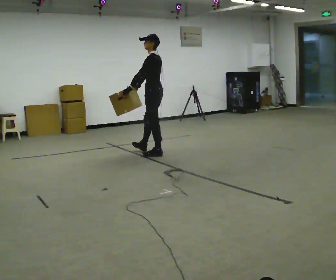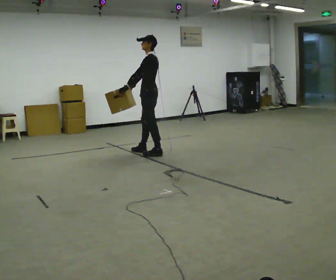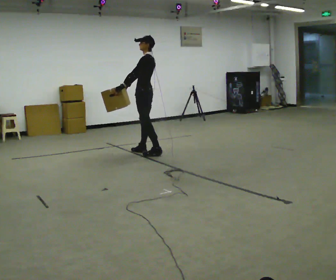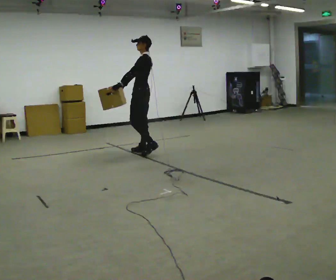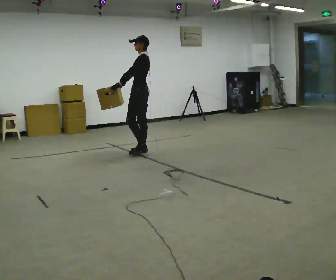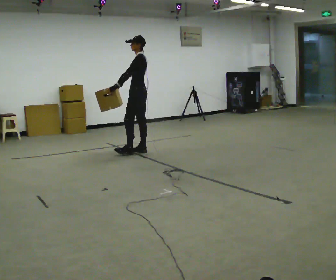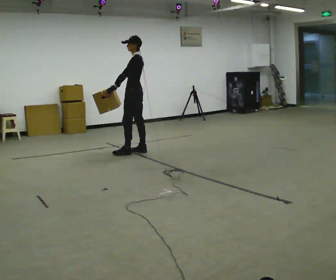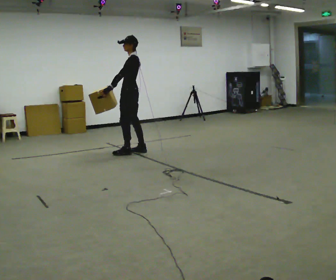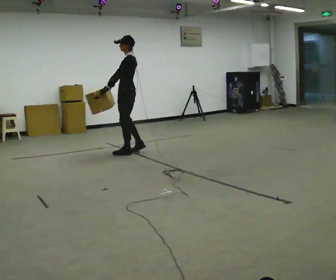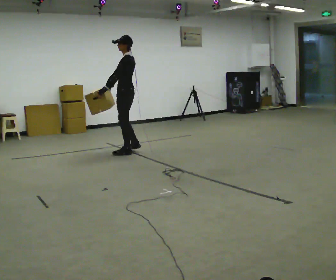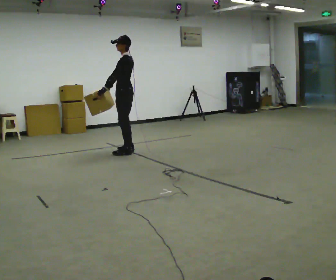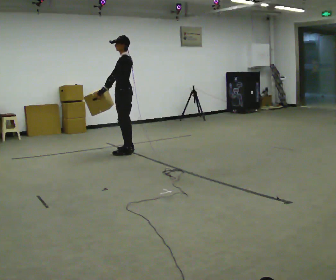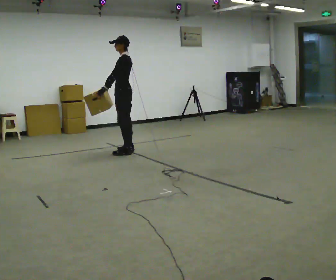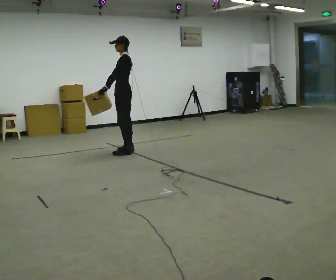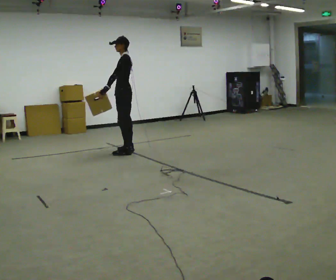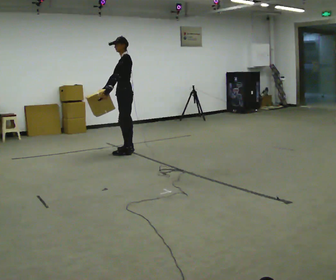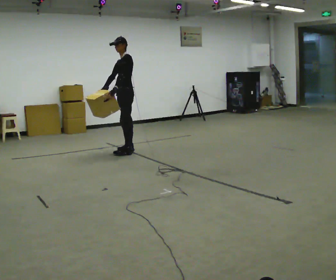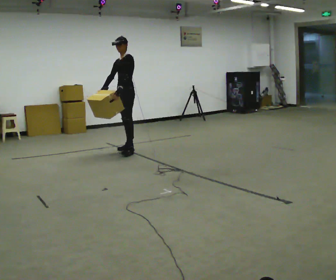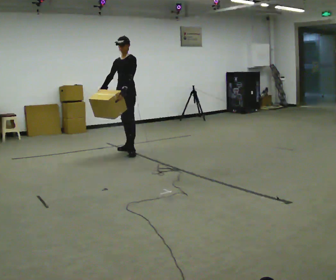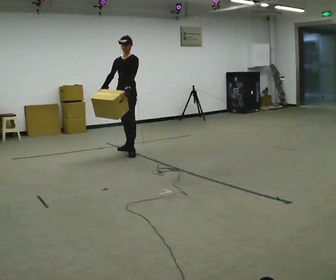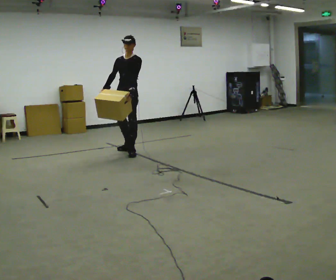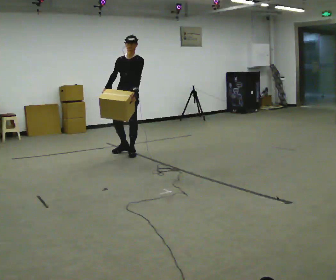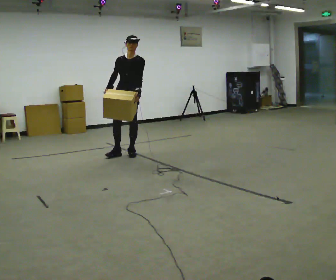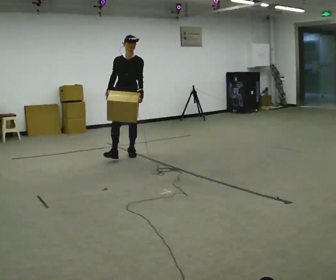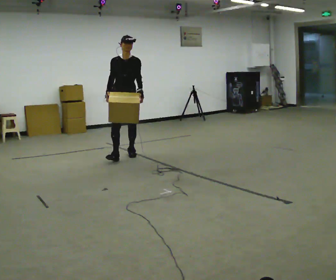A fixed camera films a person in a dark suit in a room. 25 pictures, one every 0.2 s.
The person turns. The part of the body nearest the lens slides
to the right.
The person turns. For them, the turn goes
to their left.
0.0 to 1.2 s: In the picture they go to the left and away from the camera, about 0.25 m in 1 step, which for them is forward and to their right.
1.2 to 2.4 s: The person moves a little, or ends about where they began.
2.4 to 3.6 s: The person turns about 45 degrees to their left, counterclockwise seen from above, so the part of the body nearest the lens slides to the right.
3.6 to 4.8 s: The part of the body nearest the lens slides to the right as the person turns to their left by about 45 degrees. In the picture they go toward the camera, about 0.25 m in 1 step, which for them is forward.
The film runs forward here.
